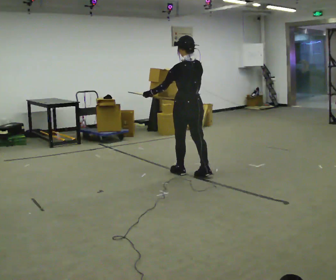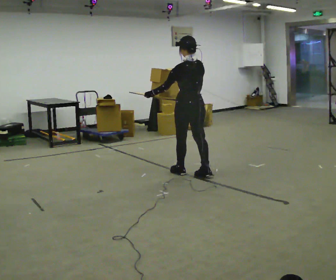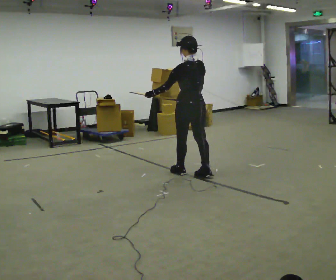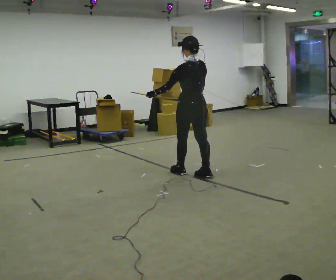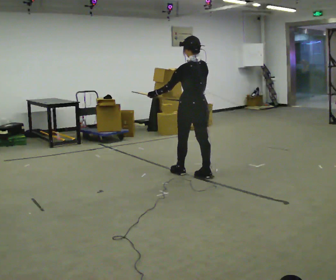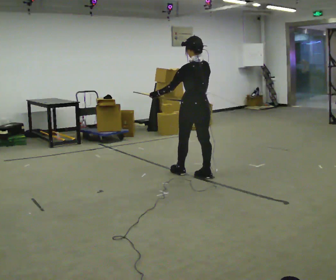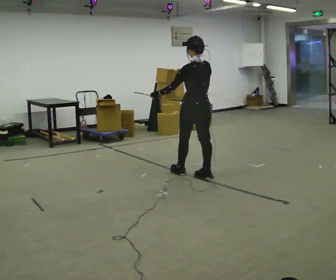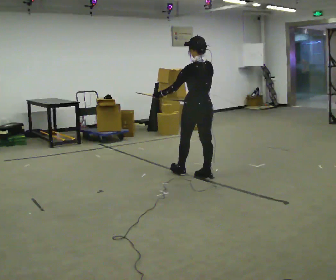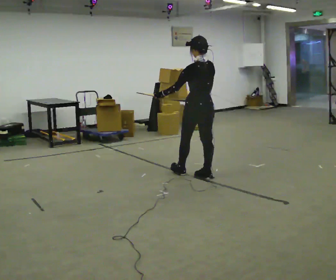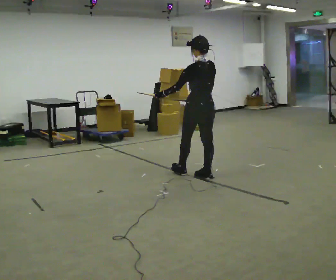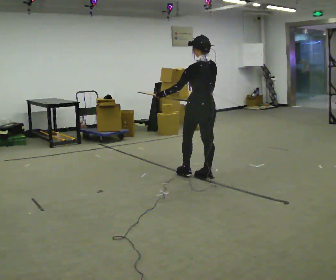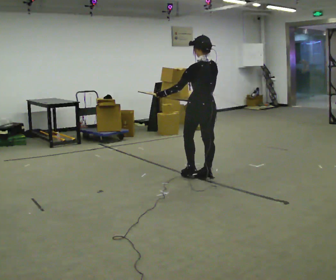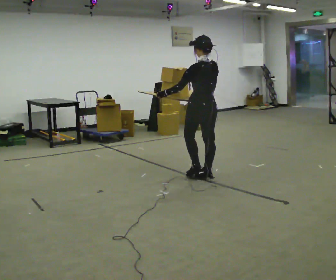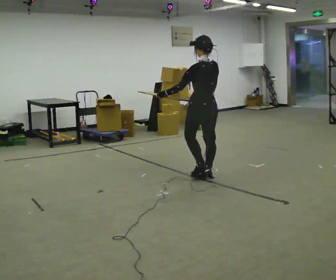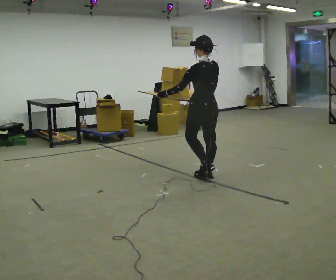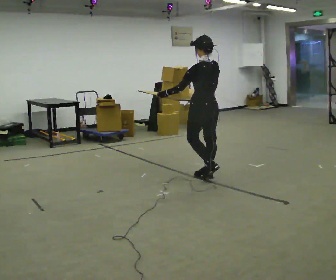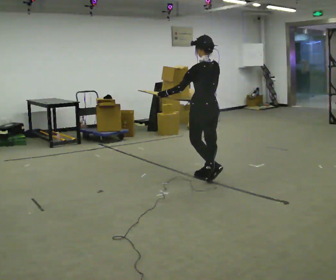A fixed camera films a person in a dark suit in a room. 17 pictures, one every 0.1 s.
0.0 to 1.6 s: In the picture they go to the right, about 0.25 m in 1 step, which for them is backward.
The film runs backward here.
